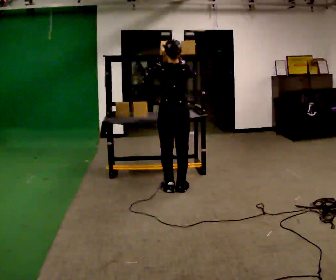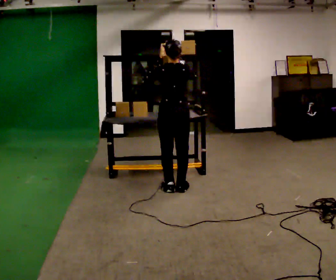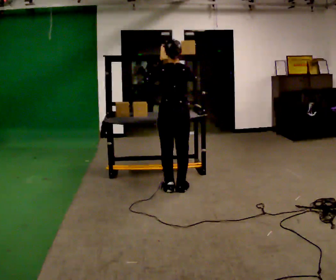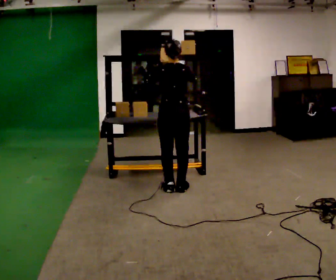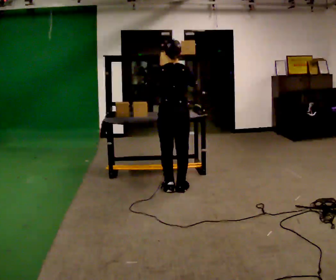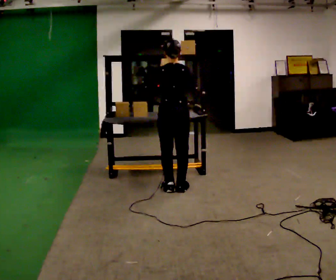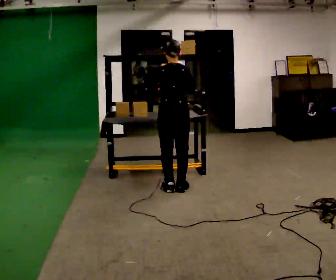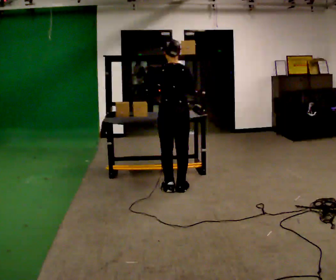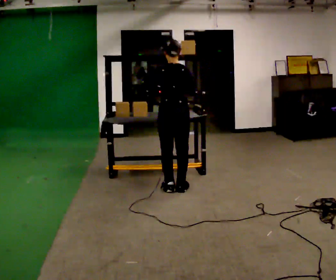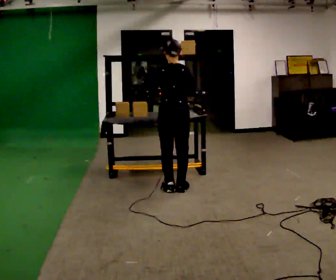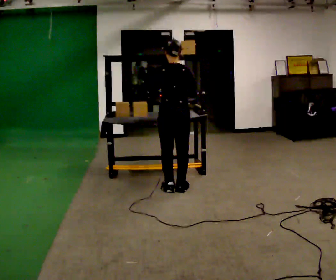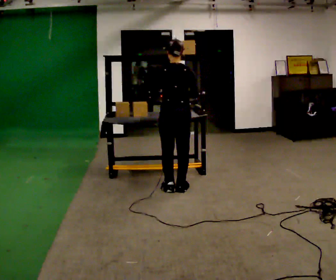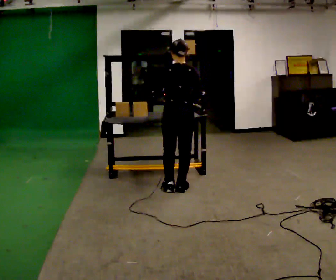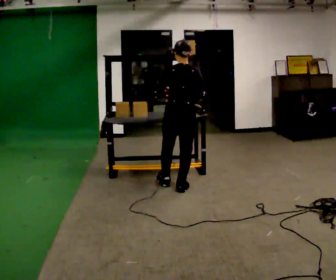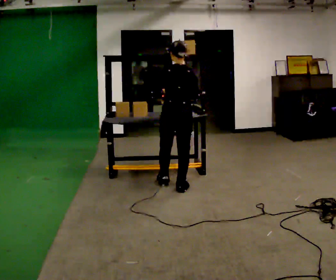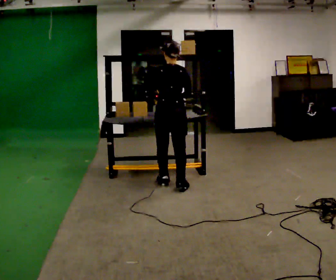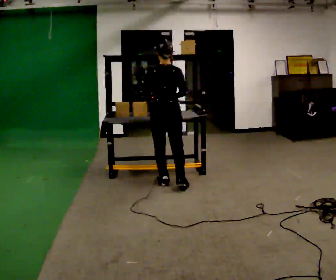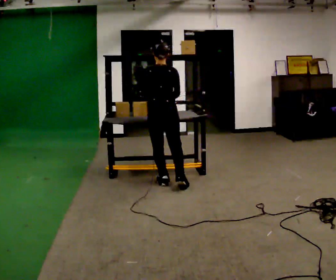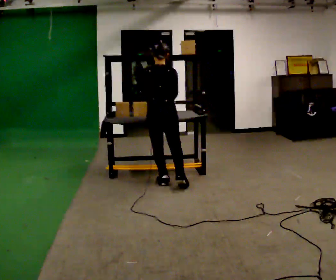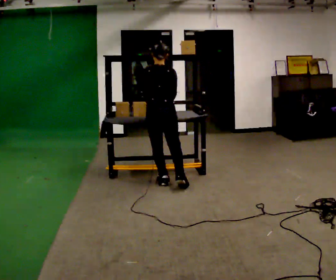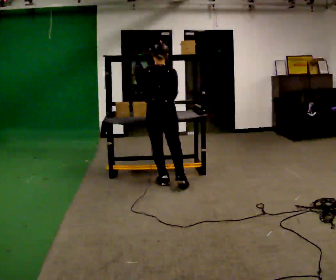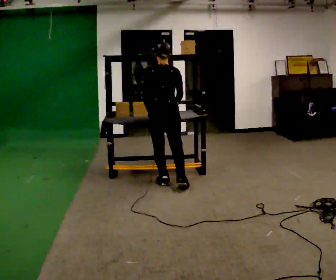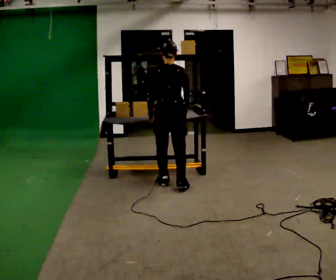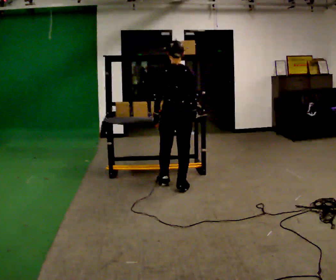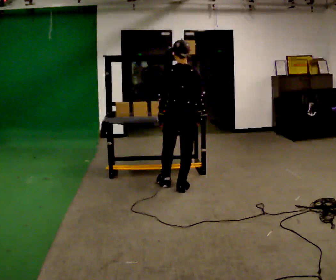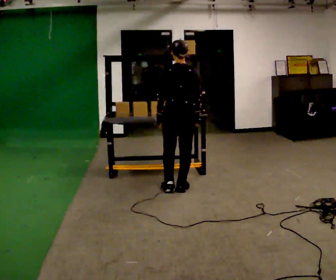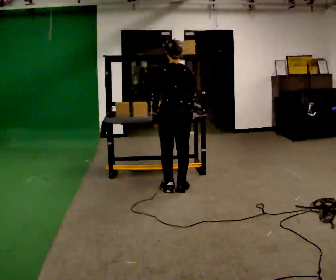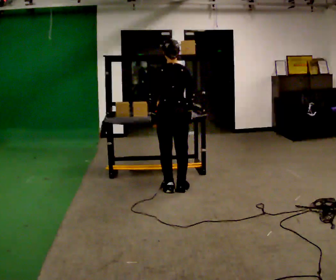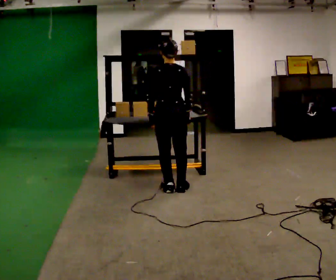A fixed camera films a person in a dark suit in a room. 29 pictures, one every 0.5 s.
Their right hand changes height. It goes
downward.
Their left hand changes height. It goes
downward.
0.0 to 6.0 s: In the picture their right hand goes downward.
6.0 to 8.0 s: In the picture they go away from the camera and to the left, about 0.25 m in 1 step, which for them is forward and to their left.
8.0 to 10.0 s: The person moves a little, or ends about where they began.
10.0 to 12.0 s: In the picture they go to the right and toward the camera, about 0.25 m, which for them is to their right and backward.
12.0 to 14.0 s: The person moves a little, or ends about where they began.
The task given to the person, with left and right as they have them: Take an object down from the highest shelf you can comfortably reach, carry it across, and place it on the waist-height shelf. Keep going until the operator says stop; one object at a time, and do not rush between trips.
The film runs forward here.
